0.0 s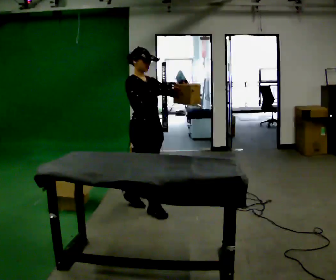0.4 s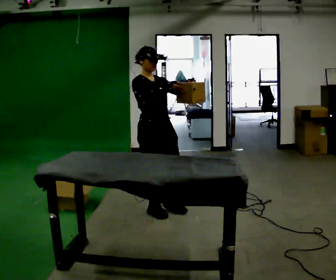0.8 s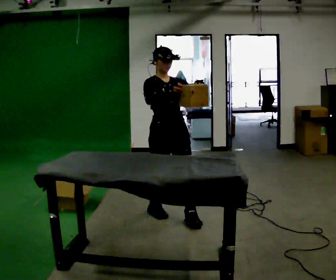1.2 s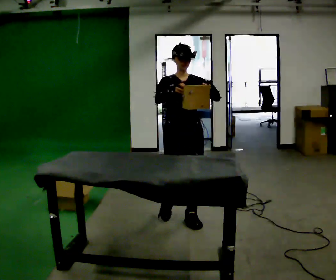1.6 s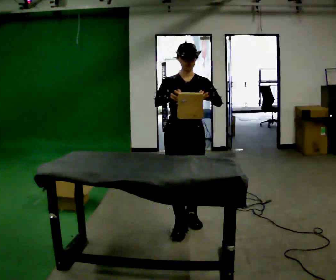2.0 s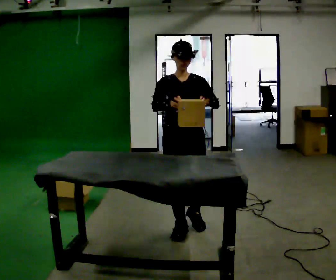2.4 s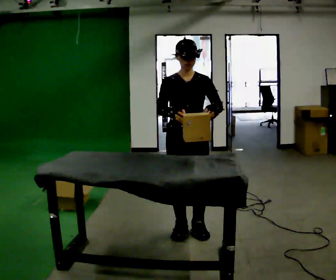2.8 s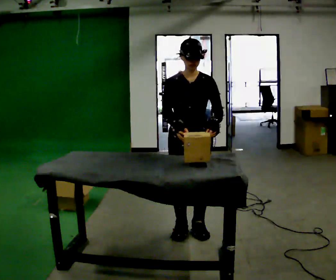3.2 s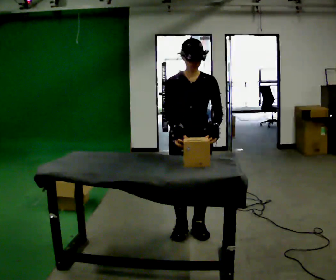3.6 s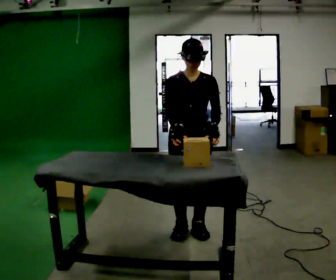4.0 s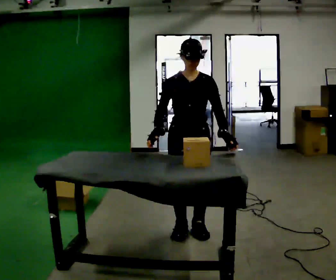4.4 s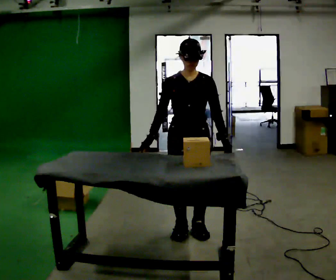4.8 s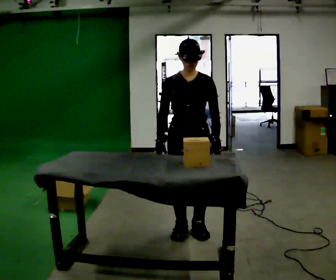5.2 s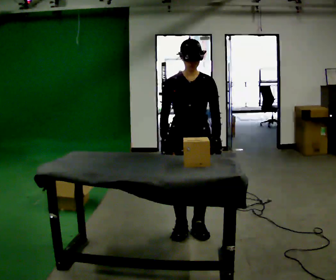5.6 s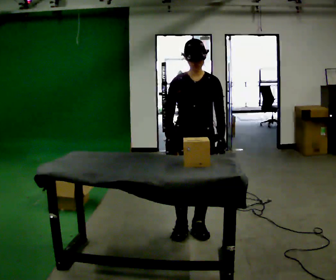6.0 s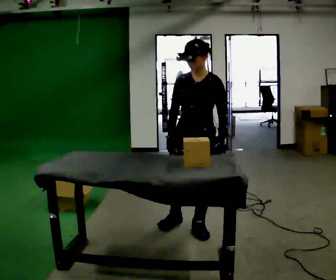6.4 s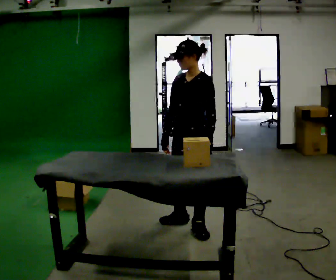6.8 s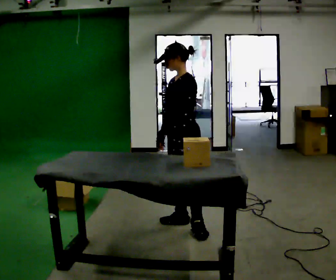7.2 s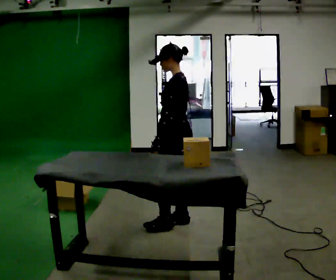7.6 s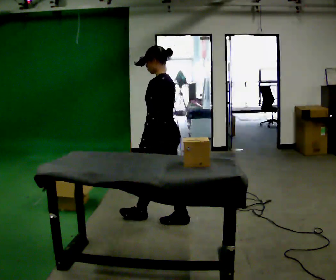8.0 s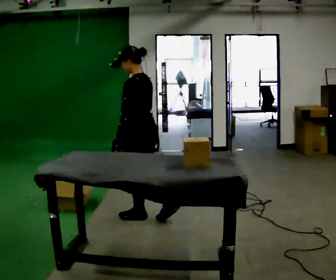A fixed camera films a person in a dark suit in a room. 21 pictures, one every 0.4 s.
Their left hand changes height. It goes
downward.
The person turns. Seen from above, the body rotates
clockwise.
0.0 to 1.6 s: The person turns about 60 degrees to their right, clockwise seen from above, so the part of the body nearest the lens slides to the left. In the picture they go toward the camera and to the right, about 0.5 m in 2 steps, which for them is forward.
1.6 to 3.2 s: In the picture they go toward the camera, about 0.25 m in 1 step, which for them is forward.
3.2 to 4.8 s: The person moves a little, or ends about where they began.
4.8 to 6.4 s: The person turns about 45 degrees to their right, clockwise seen from above, so the part of the body nearest the lens slides to the left.
6.4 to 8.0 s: The person turns about 75 degrees to their right, clockwise seen from above, so the part of the body nearest the lens slides to the left. In the picture they go to the left and away from the camera, about 0.5 m in 1 step.
The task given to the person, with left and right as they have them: Take an object out of the bin at knee height, carry it across the room, and place it on the chest-height shelf. Keep going until the operator says stop; one object at a time, and do not rush between trips.
The film runs forward here.
